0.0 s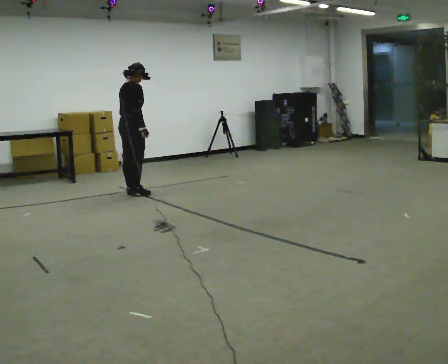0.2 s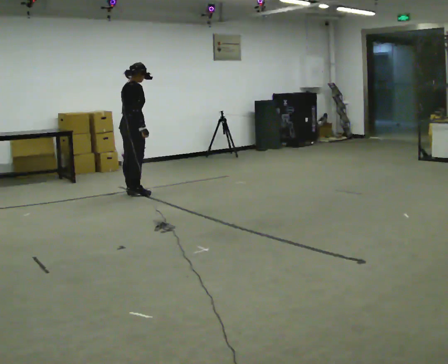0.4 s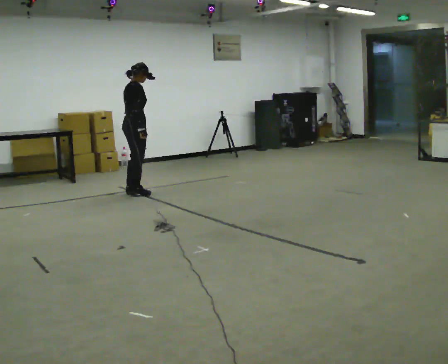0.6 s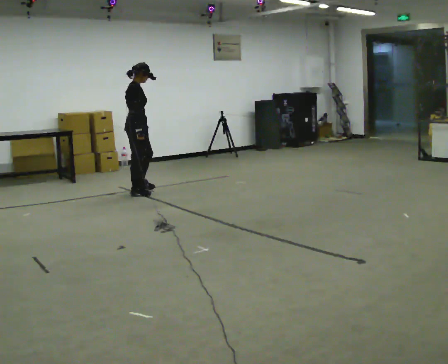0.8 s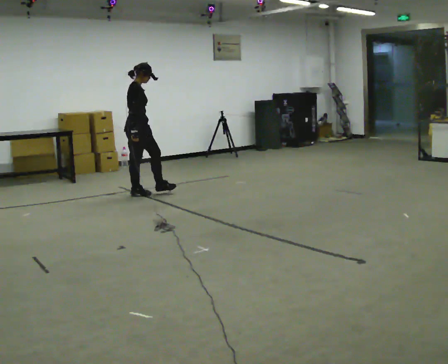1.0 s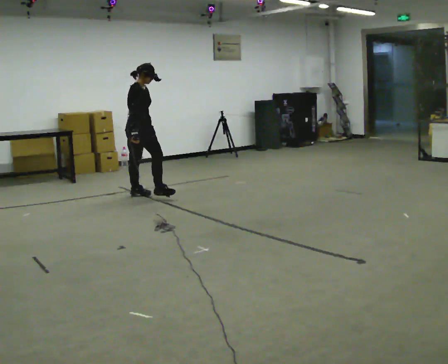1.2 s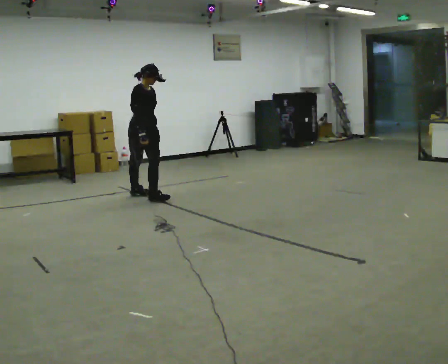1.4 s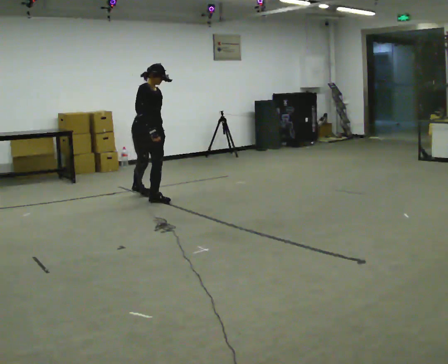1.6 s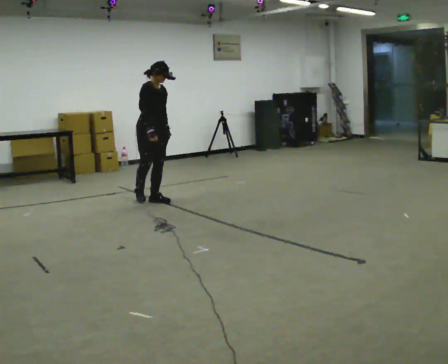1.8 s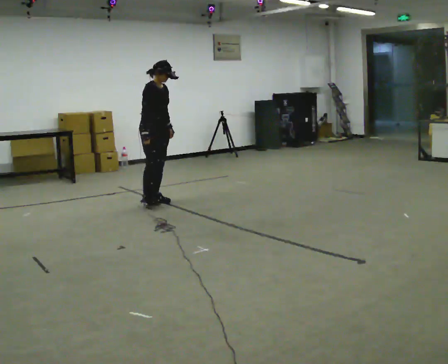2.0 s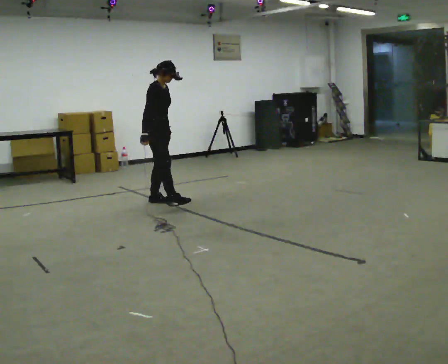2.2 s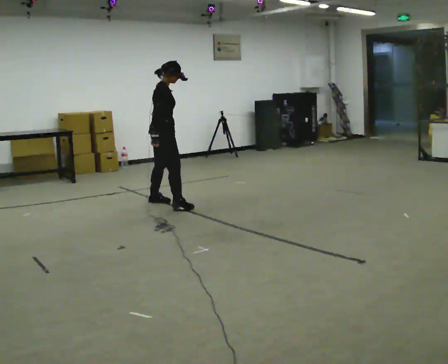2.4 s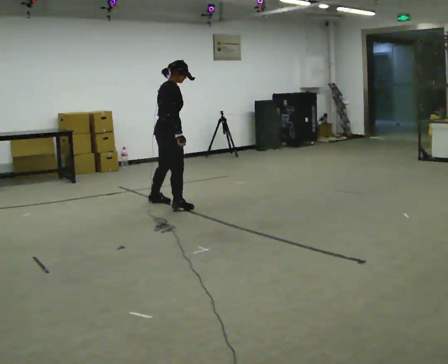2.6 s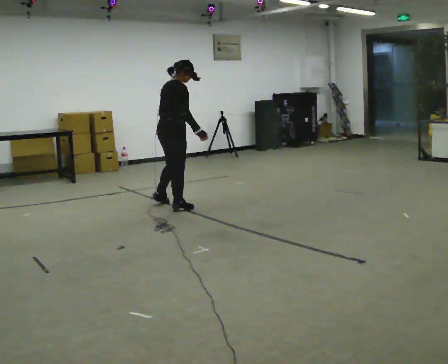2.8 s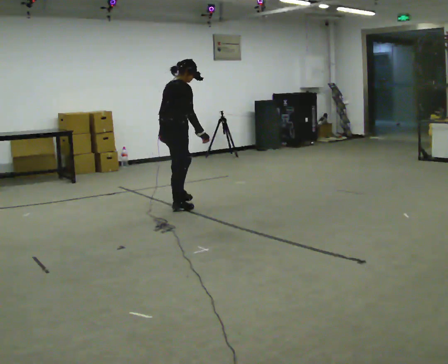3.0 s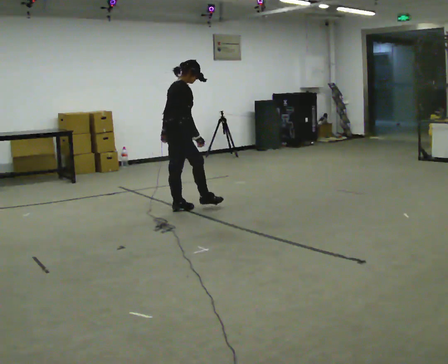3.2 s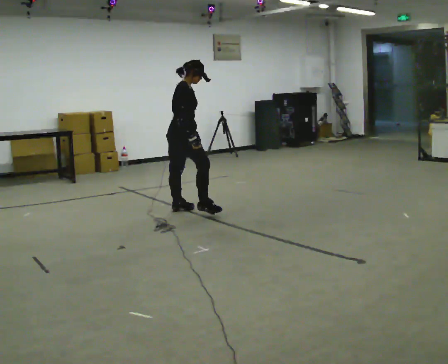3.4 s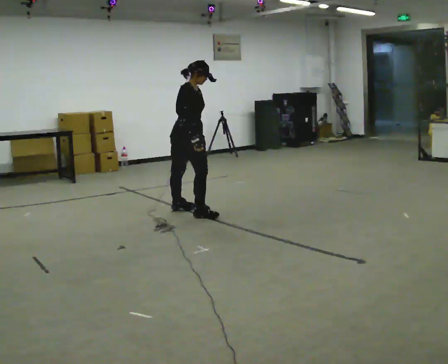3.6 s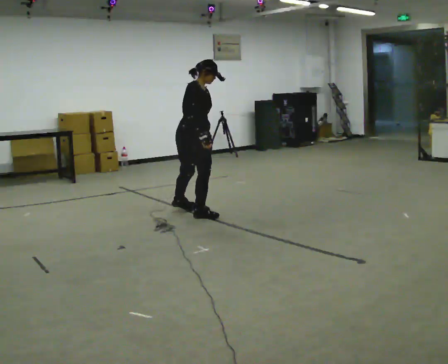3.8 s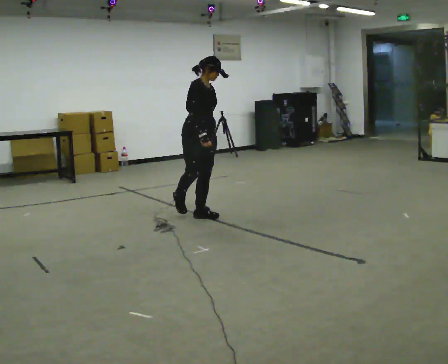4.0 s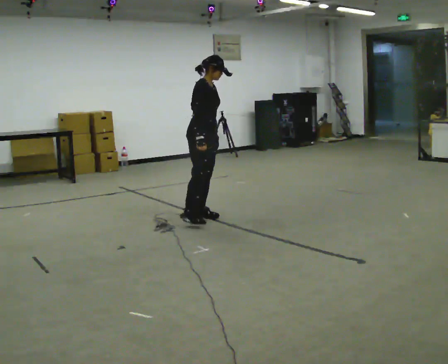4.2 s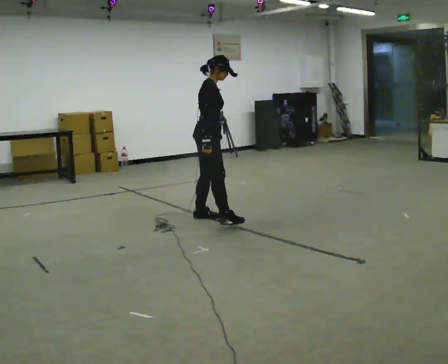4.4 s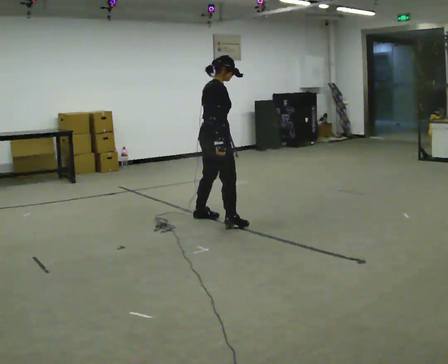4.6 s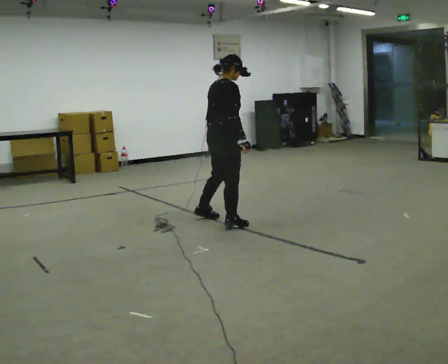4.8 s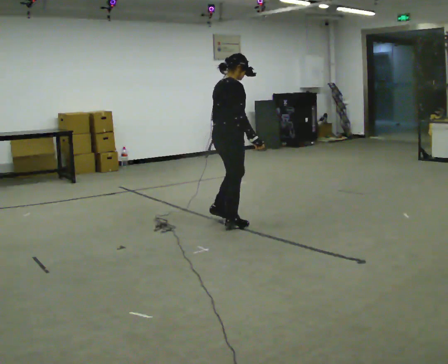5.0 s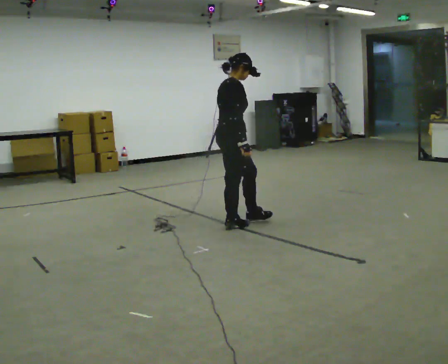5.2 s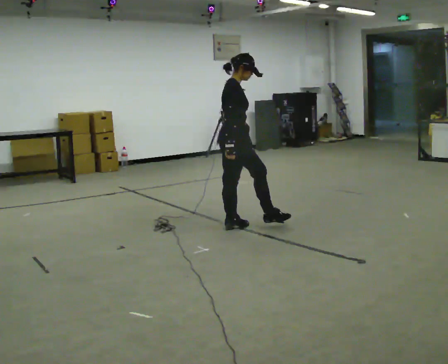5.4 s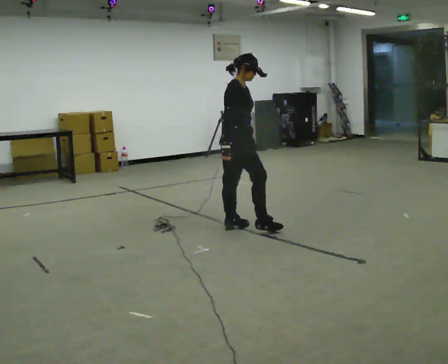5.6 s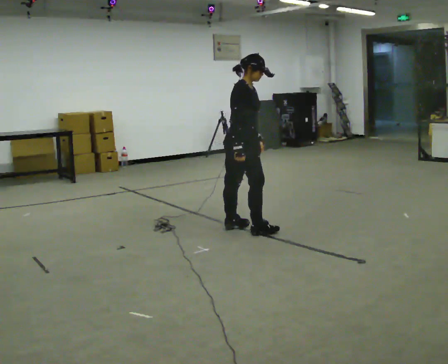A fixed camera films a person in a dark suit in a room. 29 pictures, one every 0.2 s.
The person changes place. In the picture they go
toward the camera.
0.0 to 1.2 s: The part of the body nearest the lens slides to the left as the person turns to their right by about 75 degrees. In the picture they go toward the camera and to the right, about 0.25 m in 1 step.
1.2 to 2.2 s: Seen from above the body turns counterclockwise, about 60 degrees: to their left, with its near side sliding to the right. In the picture they go toward the camera and to the right, about 0.5 m in 1 step.
2.2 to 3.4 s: Seen from above the body turns clockwise, about 45 degrees: to their right, with its near side sliding to the left. In the picture they go toward the camera and to the right, about 0.5 m in 1 step.
3.4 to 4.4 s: The person turns about 60 degrees to their left, counterclockwise seen from above, so the part of the body nearest the lens slides to the right. In the picture they go toward the camera and to the right, about 0.5 m in 1 step.
4.4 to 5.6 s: Seen from above the body turns clockwise, about 45 degrees: to their right, with its near side sliding to the left. In the picture they go toward the camera and to the right, about 0.5 m in 1 step, which for them is to their right and forward.
The film runs forward here.
